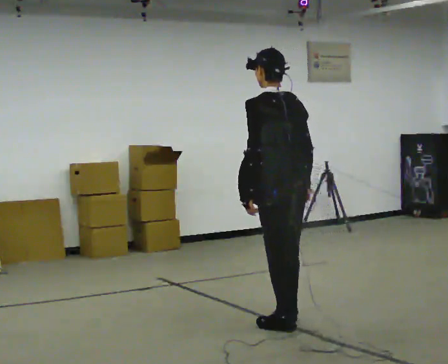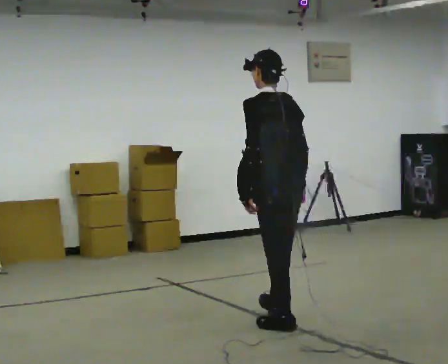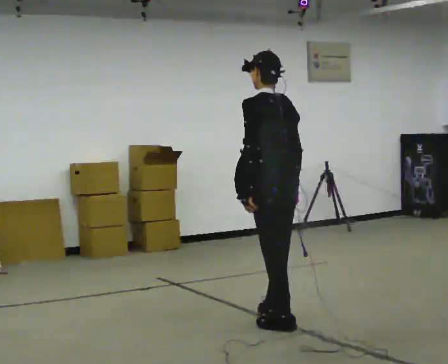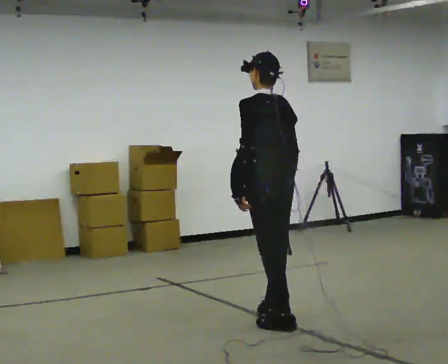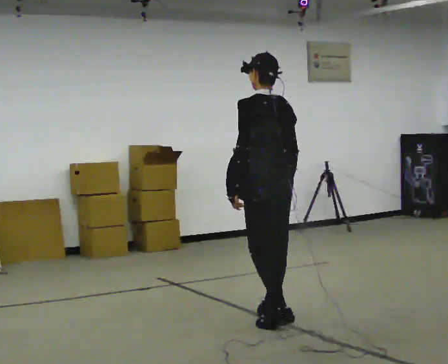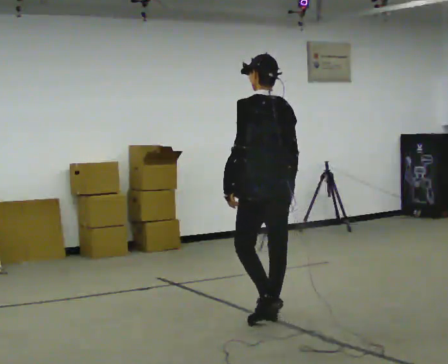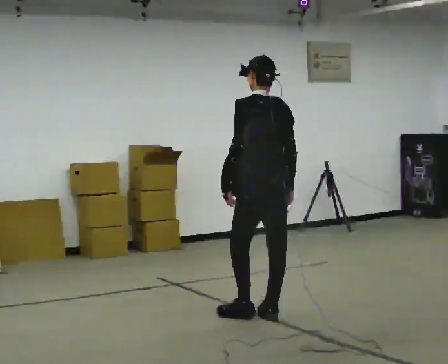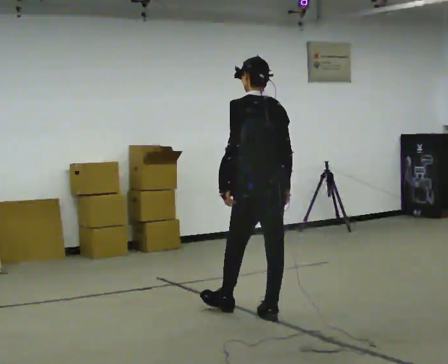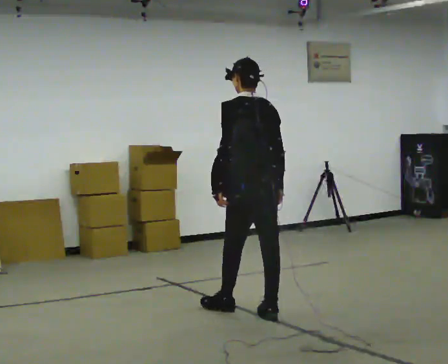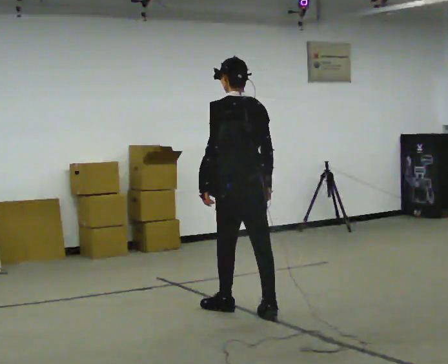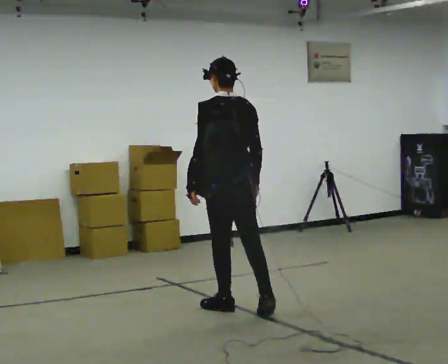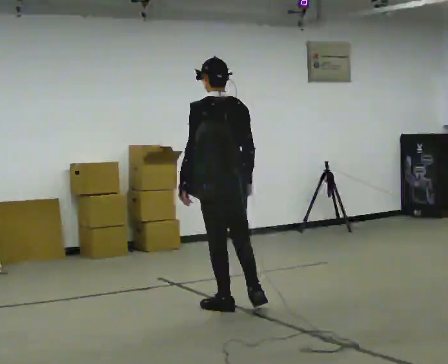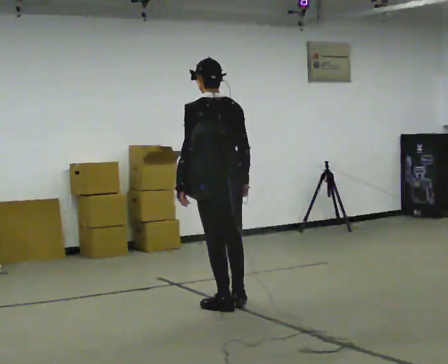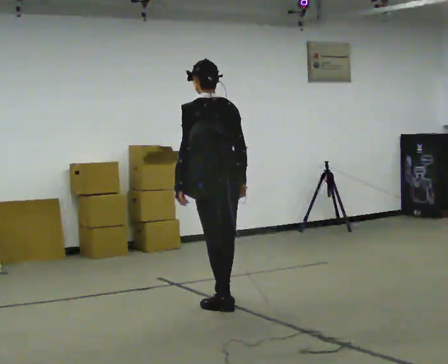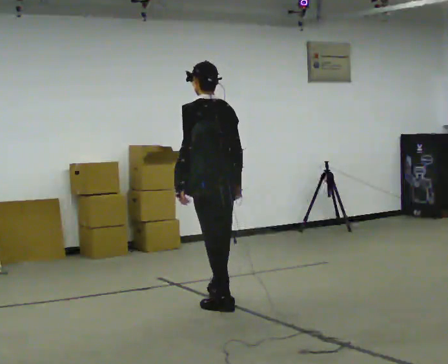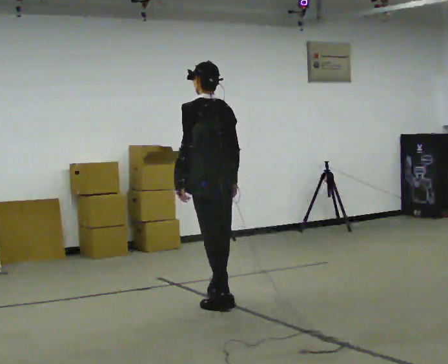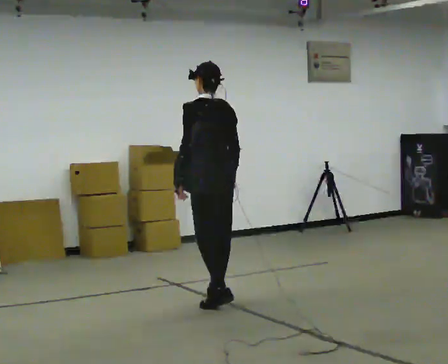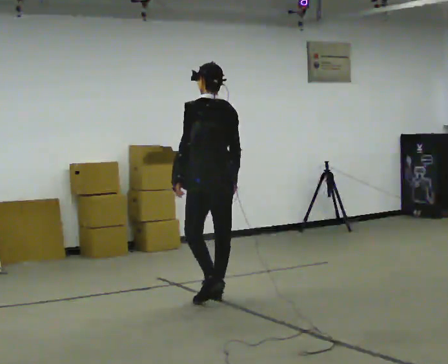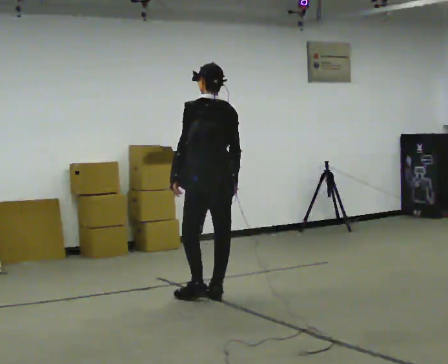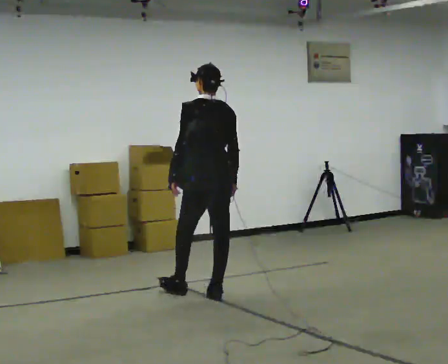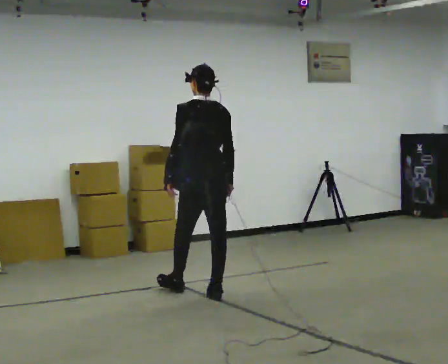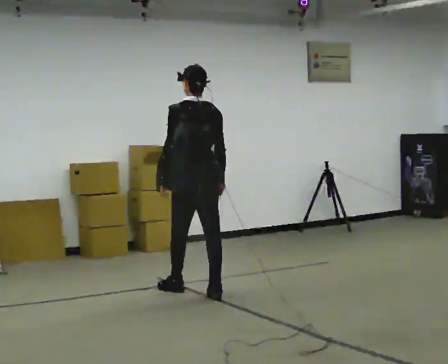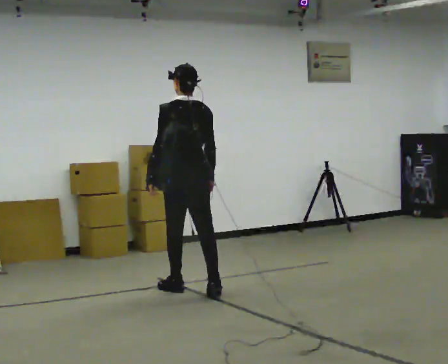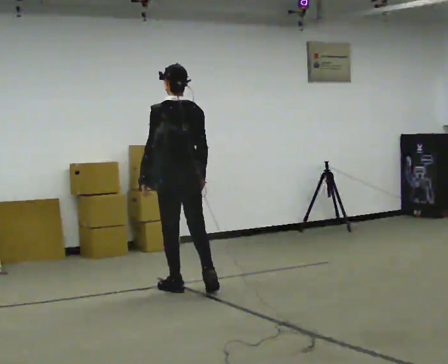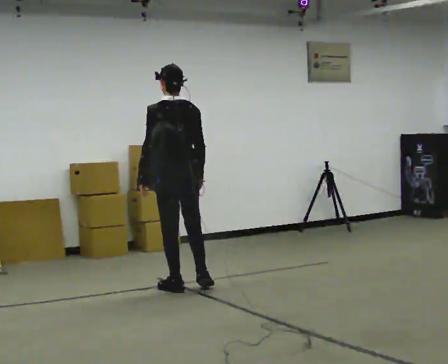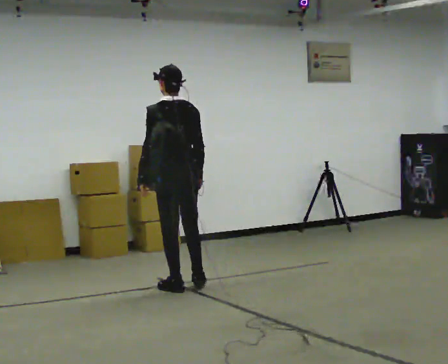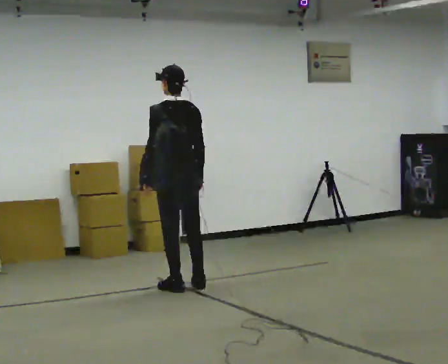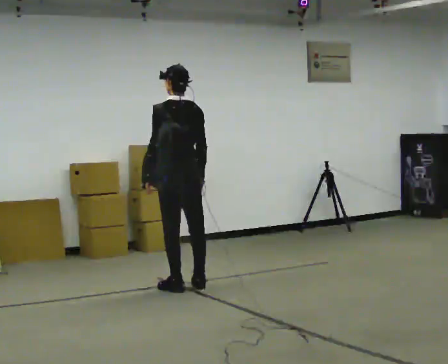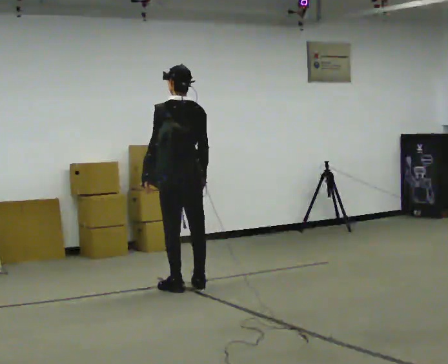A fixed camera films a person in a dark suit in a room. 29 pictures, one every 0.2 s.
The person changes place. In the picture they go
away from the camera.
0.0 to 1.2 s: In the picture they go away from the camera, about 0.25 m in 1 step, which for them is forward and to their right.
1.2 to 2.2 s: In the picture they go to the left and away from the camera, about 0.25 m in 1 step, which for them is forward.
2.2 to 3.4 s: In the picture they go away from the camera, about 0.5 m in 1 step, which for them is forward and to their right.
3.4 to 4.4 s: In the picture they go away from the camera and to the left, about 0.25 m in 1 step, which for them is forward.
4.4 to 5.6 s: In the picture they go away from the camera, about 0.25 m in 1 step, which for them is forward.
The film runs forward here.
